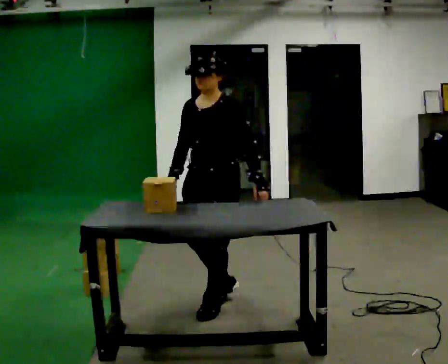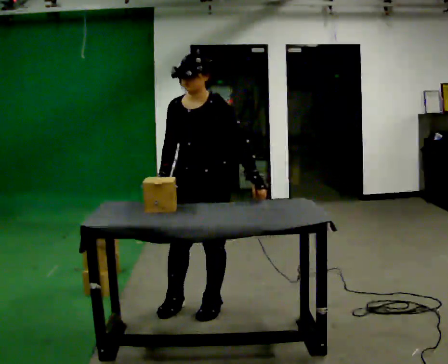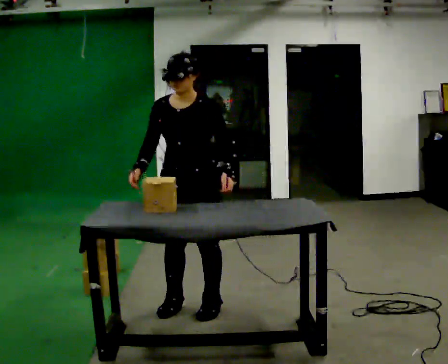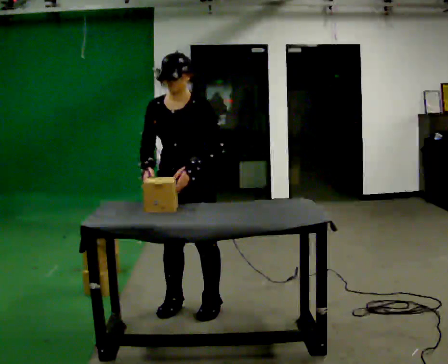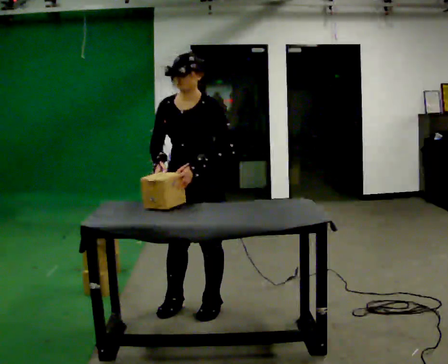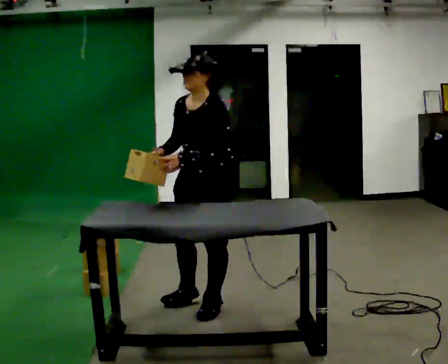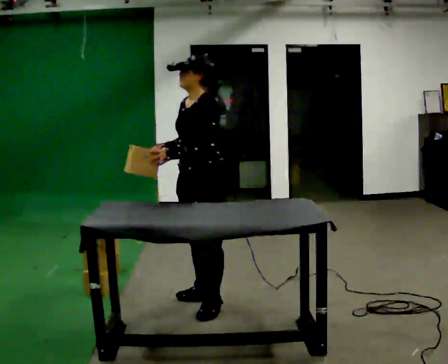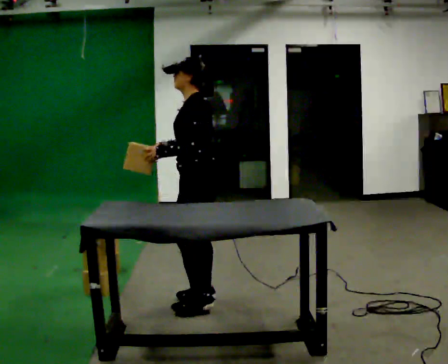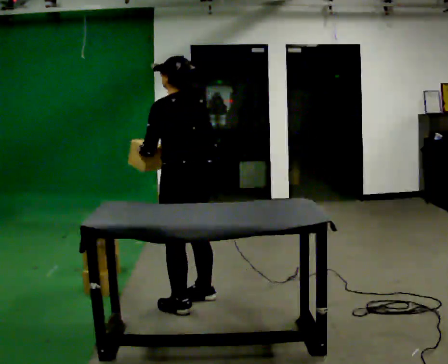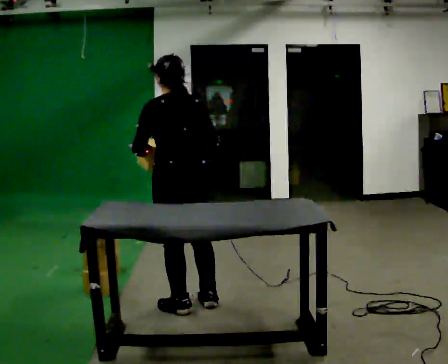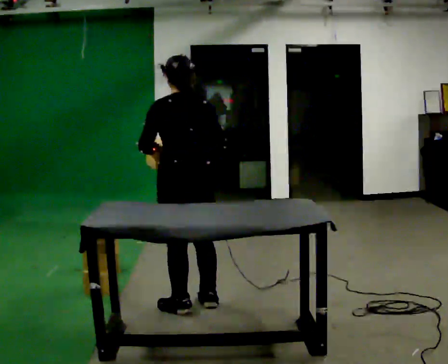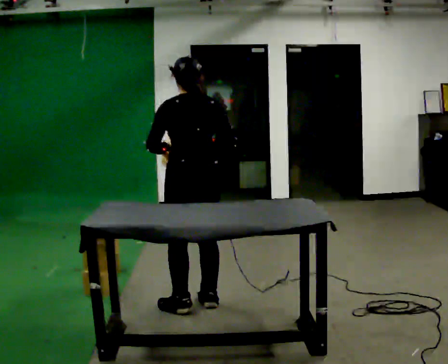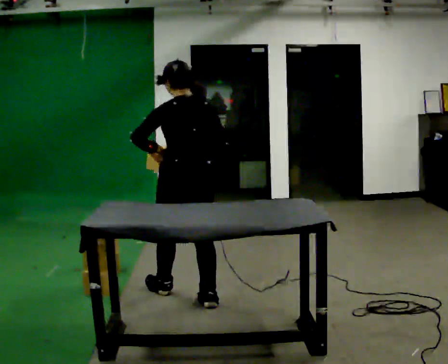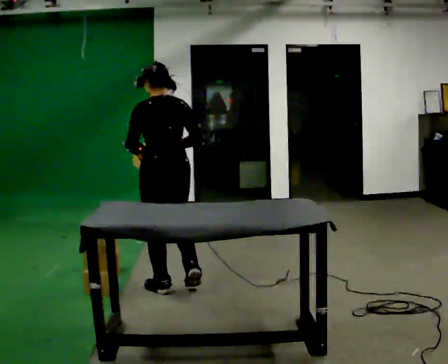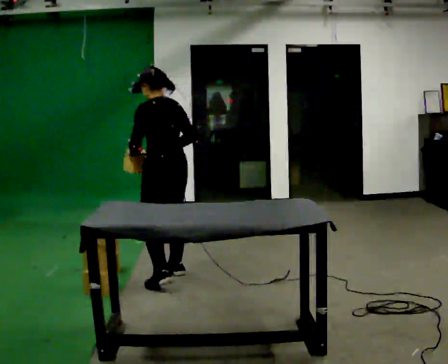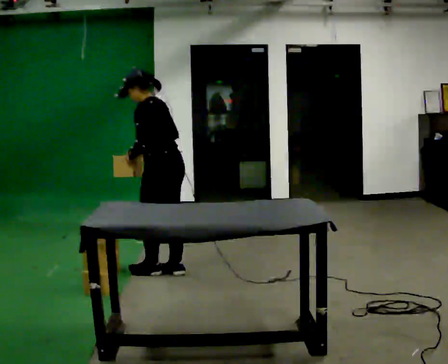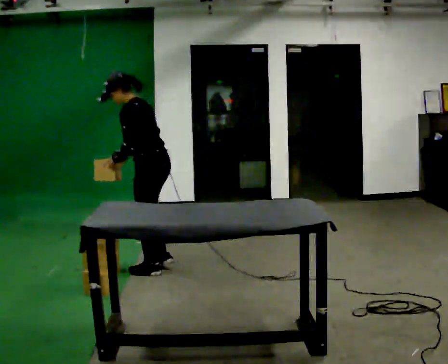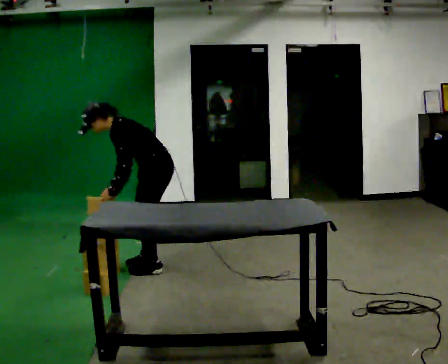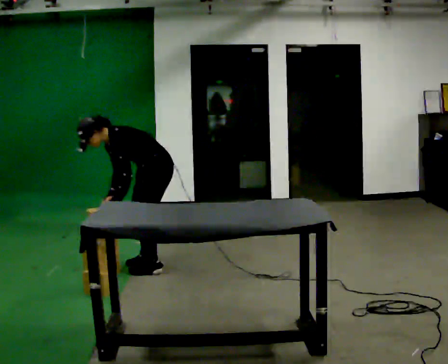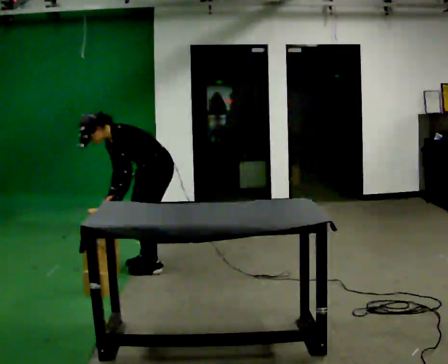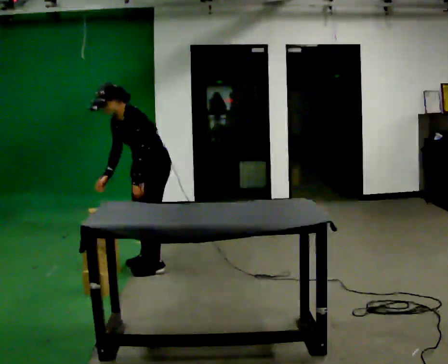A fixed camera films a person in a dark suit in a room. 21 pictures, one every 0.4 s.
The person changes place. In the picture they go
away from the camera.
0.0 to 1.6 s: In the picture their left hand goes to the left.
1.6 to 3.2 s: The person turns about 105 degrees to their right, clockwise seen from above, so the part of the body nearest the lens slides to the left. In the picture their left hand goes to the left.
3.2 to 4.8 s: In the picture they go away from the camera, about 0.25 m, which for them is forward.
4.8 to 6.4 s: Seen from above the body turns counterclockwise, about 60 degrees: to their left, with its near side sliding to the right. In the picture they go away from the camera, about 0.75 m in 3 steps, which for them is forward. In the picture the upper body tilts counterclockwise, shoulders to the left, as they bend forward.
6.4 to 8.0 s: The person turns about 45 degrees to their left, counterclockwise seen from above, so the part of the body nearest the lens slides to the right. In the picture they go away from the camera, about 0.25 m in 1 step, which for them is to their right.
The film runs forward here.
